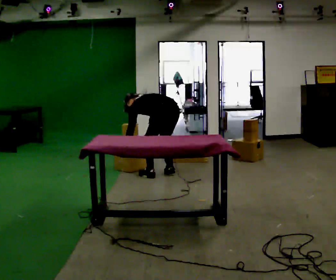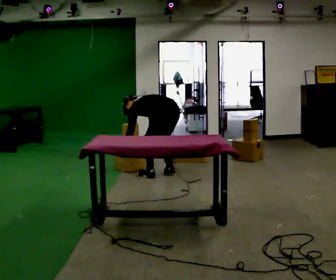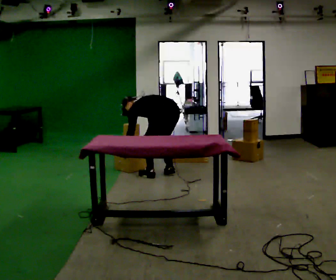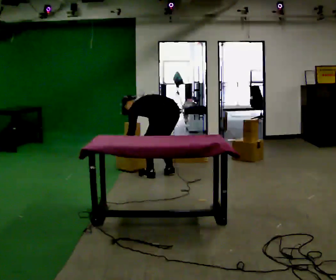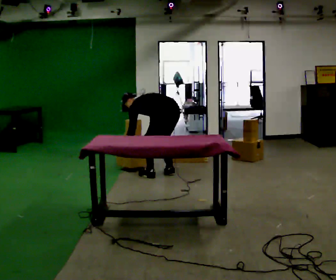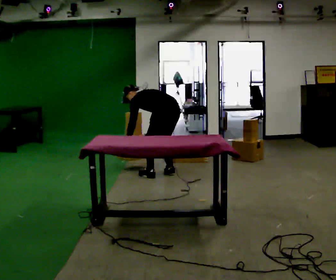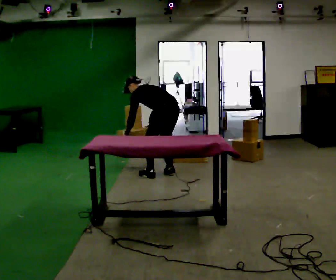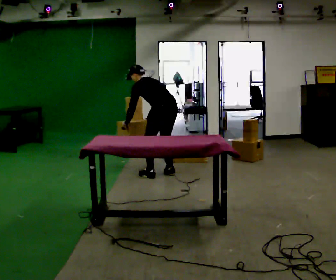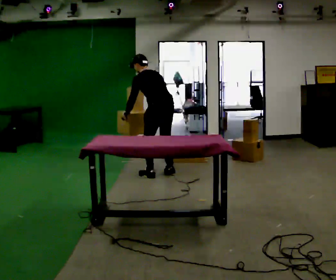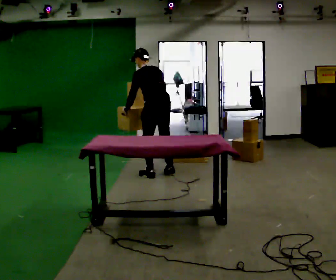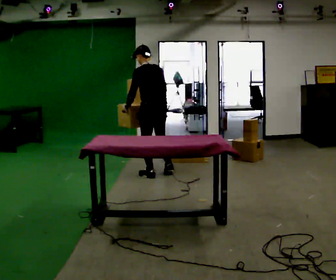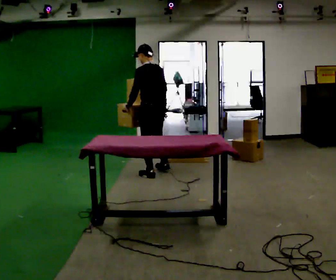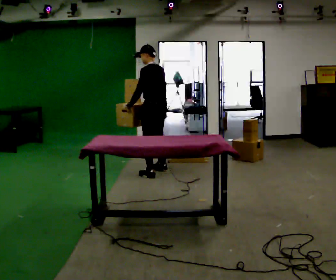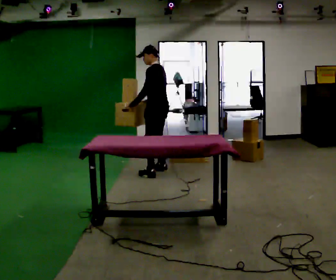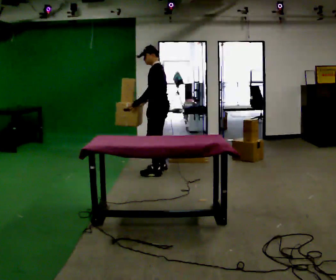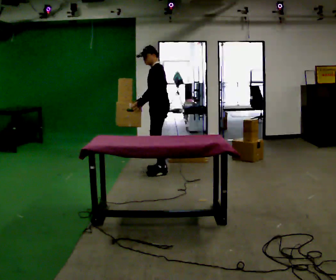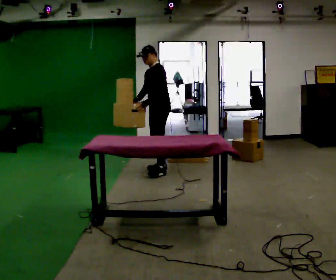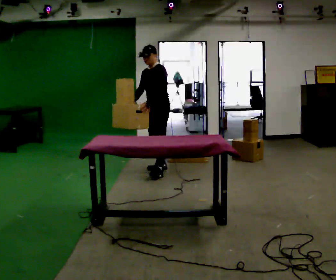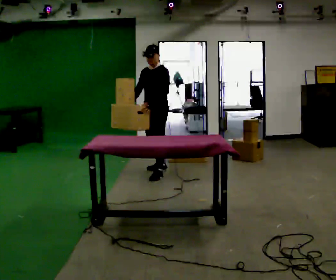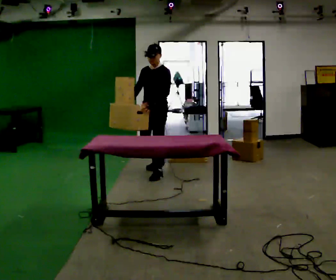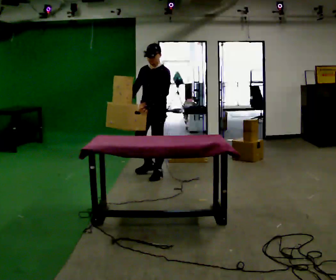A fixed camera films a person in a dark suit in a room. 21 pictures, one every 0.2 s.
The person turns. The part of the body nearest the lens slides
to the right.
The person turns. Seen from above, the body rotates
counterclockwise.
0.0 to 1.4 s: The upper body goes upward. In the picture the upper body tilts clockwise, shoulders to the right, as they lean back or straighten. In the picture their right hand goes upward.
1.4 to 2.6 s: The part of the body nearest the lens slides to the right as the person turns to their left by about 30 degrees. In the picture they go away from the camera, about 0.25 m in 1 step, which for them is forward. The shoulders move upward. In the picture the upper body tilts clockwise, shoulders to the right, as they lean back or straighten.
2.6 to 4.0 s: The part of the body nearest the lens slides to the right as the person turns to their left by about 75 degrees. In the picture they go toward the camera, about 0.25 m in 1 step.
The film runs forward here.
